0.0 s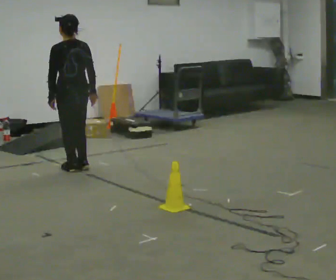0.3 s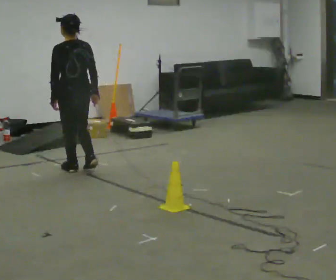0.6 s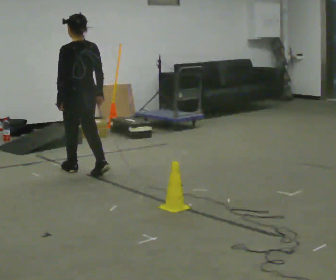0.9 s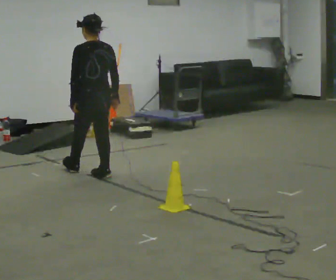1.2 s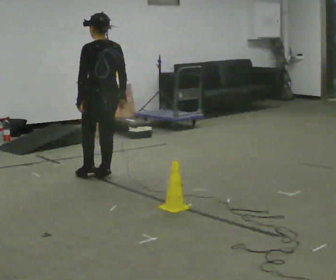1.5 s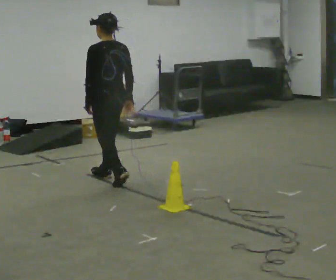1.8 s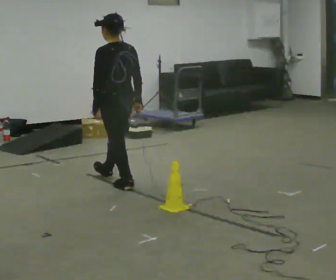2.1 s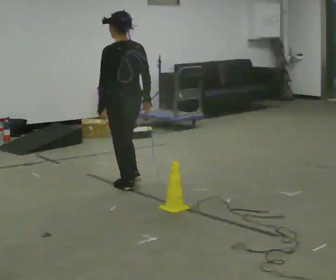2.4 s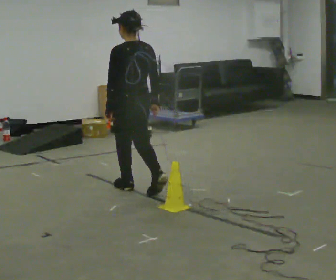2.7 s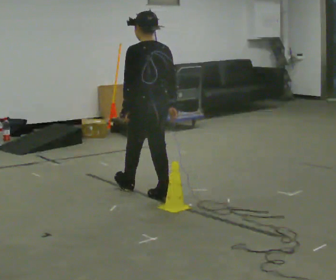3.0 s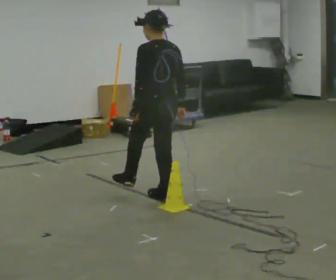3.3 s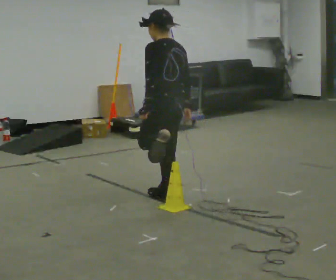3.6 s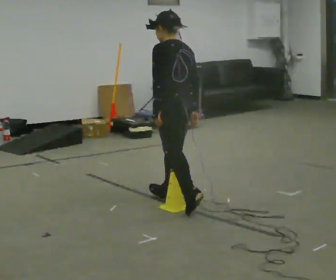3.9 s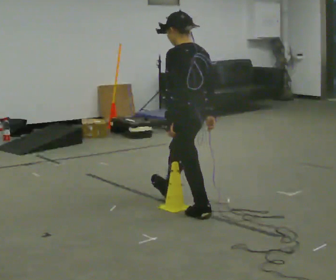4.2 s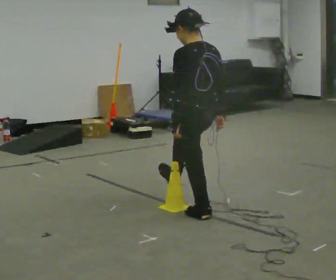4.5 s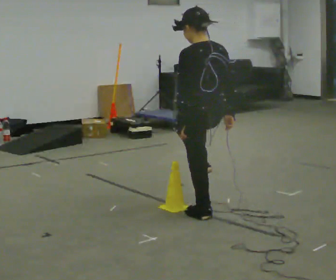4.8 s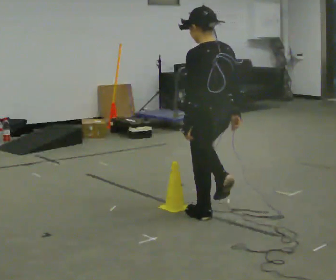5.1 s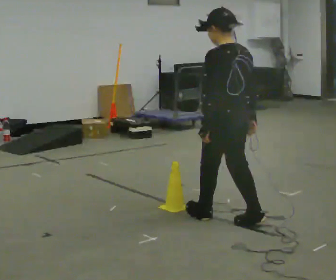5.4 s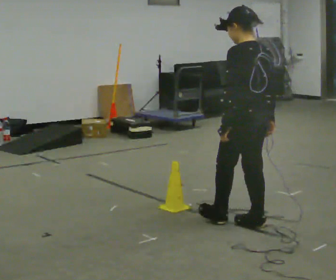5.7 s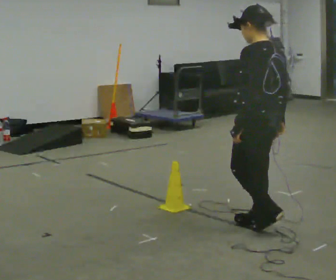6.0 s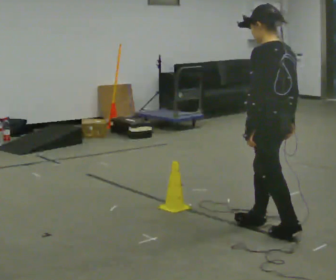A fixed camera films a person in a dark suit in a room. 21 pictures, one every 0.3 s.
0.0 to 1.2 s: In the picture they go to the right and toward the camera, about 0.5 m in 2 steps, which for them is backward.
1.2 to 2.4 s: In the picture they go toward the camera and to the right, about 0.5 m in 1 step, which for them is backward.
2.4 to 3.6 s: In the picture they go toward the camera and to the right, about 0.5 m in 1 step, which for them is backward. The upper body tips away from the camera, its near side rolling upward, as they bend forward.
3.6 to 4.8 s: In the picture they go toward the camera and to the right, about 0.5 m in 1 step, which for them is backward. The upper body tips toward the camera, its near side rolling downward, as they lean back or straighten.
4.8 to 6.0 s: In the picture they go to the right and toward the camera, about 0.5 m in 1 step, which for them is backward.
The film runs backward here.
